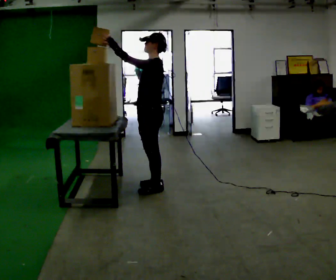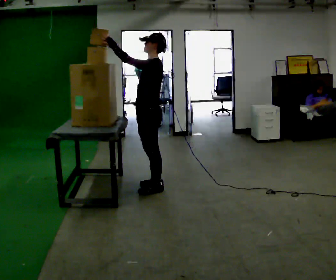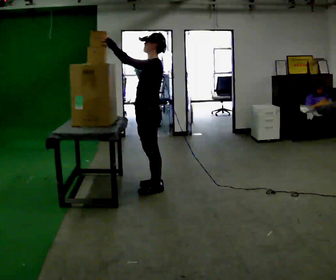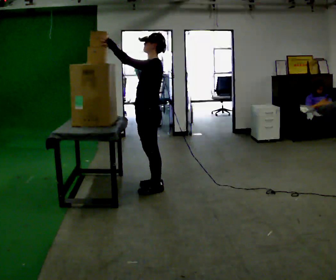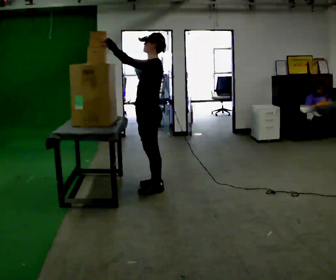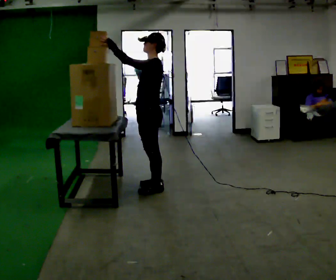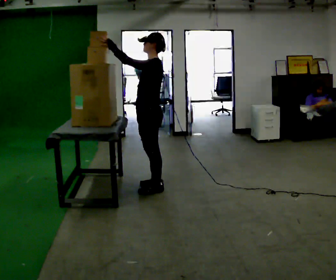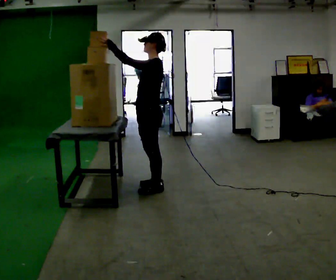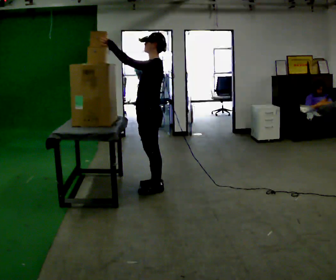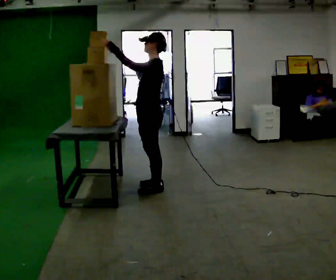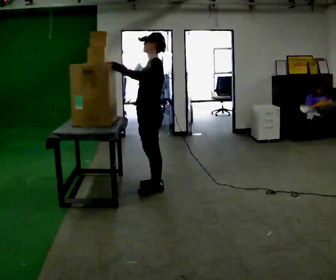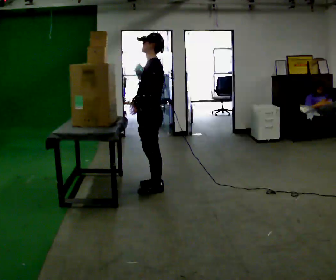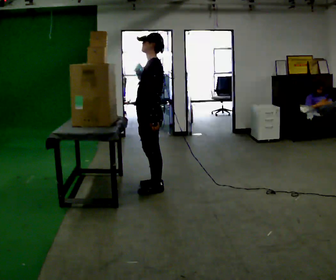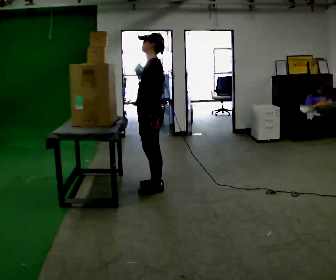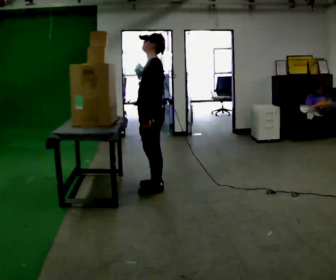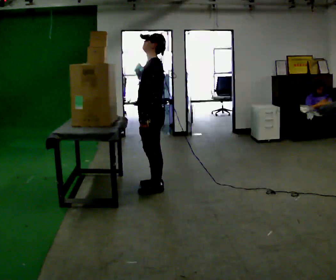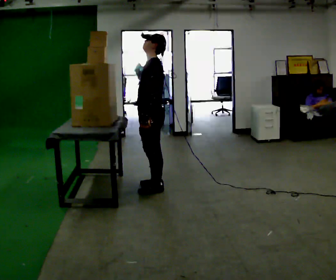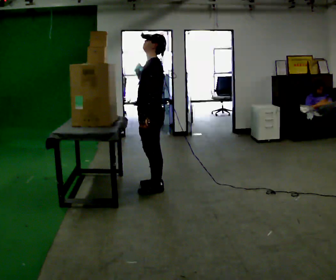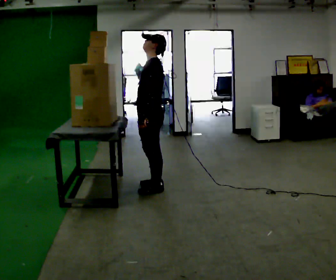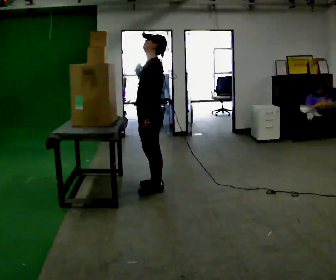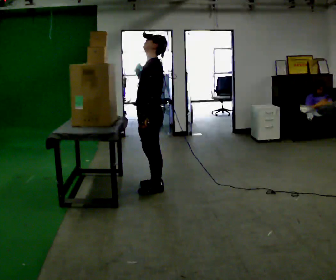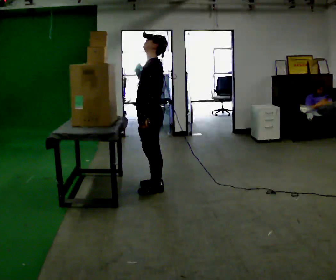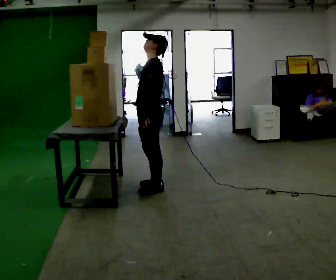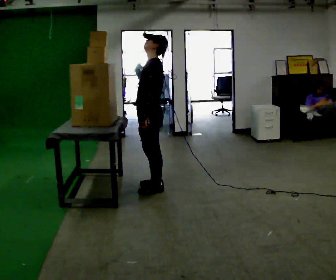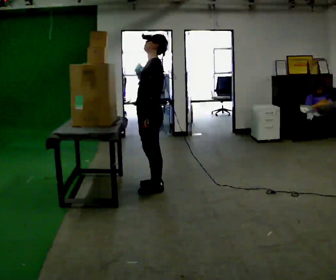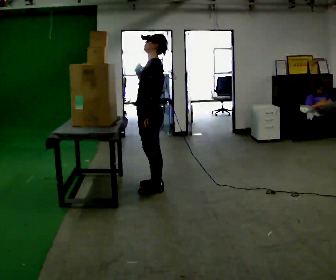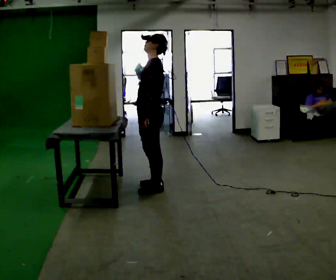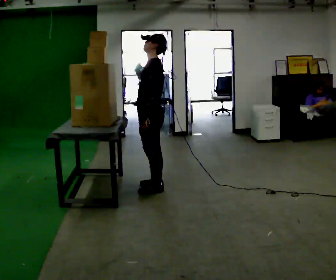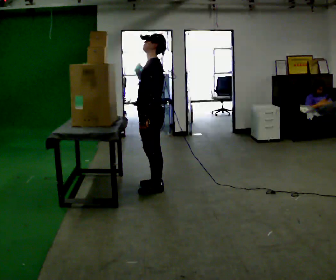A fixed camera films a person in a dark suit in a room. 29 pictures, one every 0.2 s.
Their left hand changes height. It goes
downward.
Their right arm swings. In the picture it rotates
counterclockwise.
0.0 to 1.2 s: The person keeps their place and pose.
1.2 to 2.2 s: In the picture their right hand goes downward, the arm swinging counterclockwise.
2.2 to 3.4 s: The person moves a little, or ends about where they began.
3.4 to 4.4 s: The person keeps their place and pose.
4.4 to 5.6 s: The person moves a little, or ends about where they began.
The film runs forward here.
